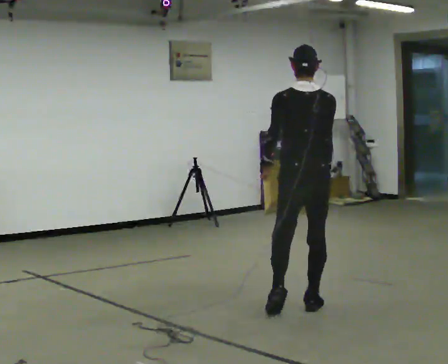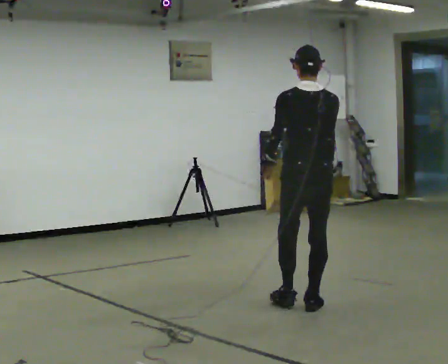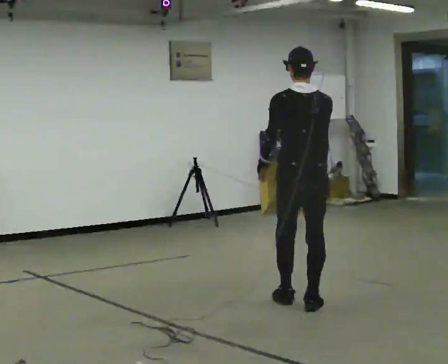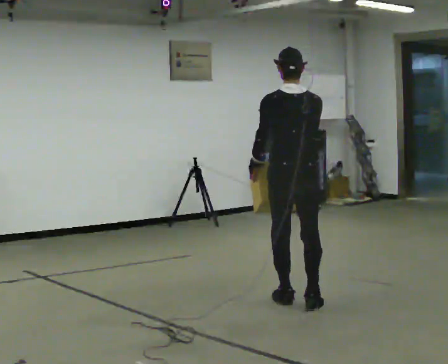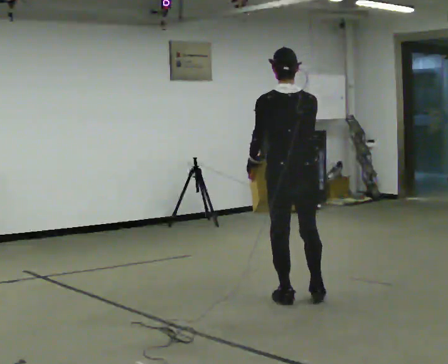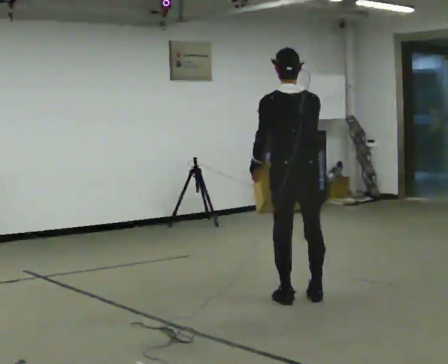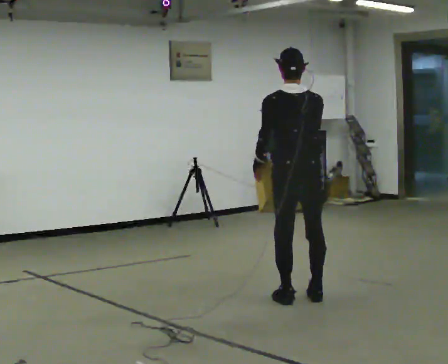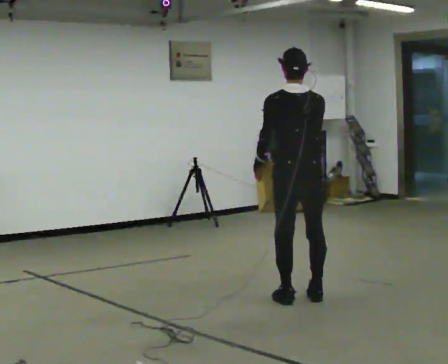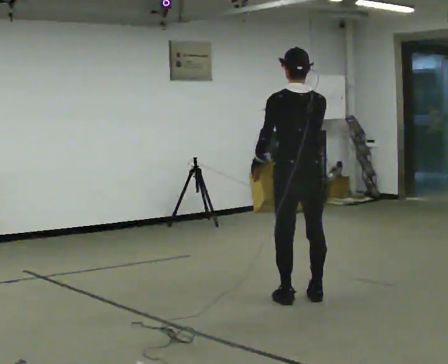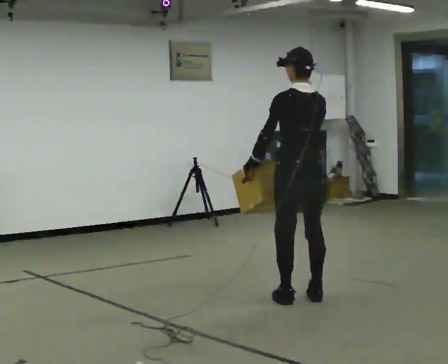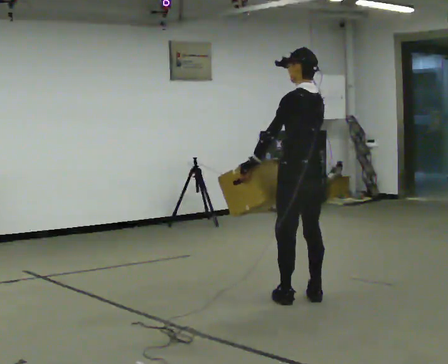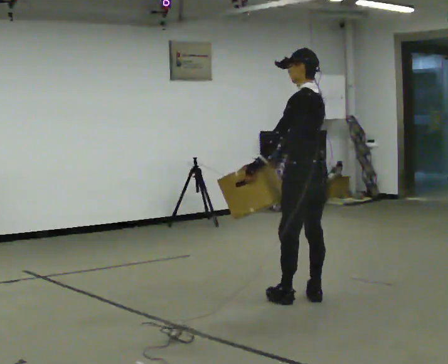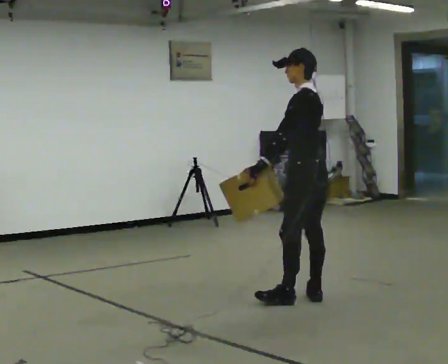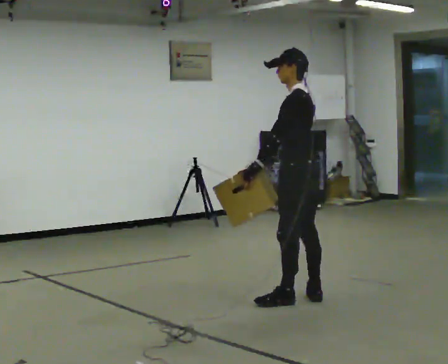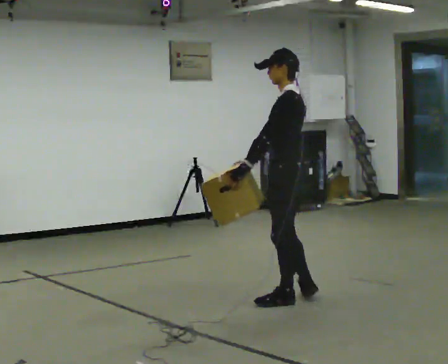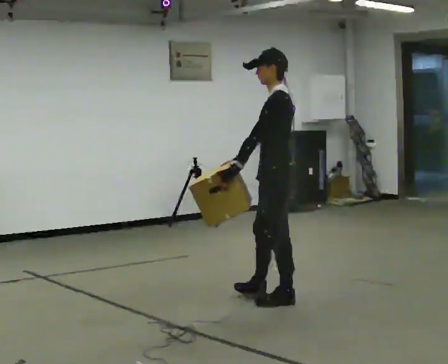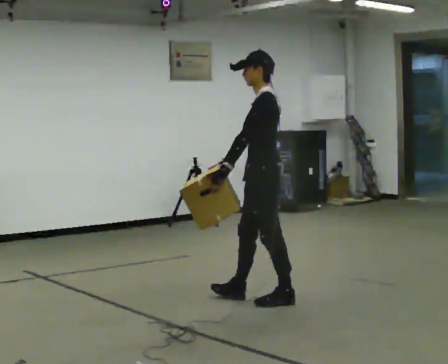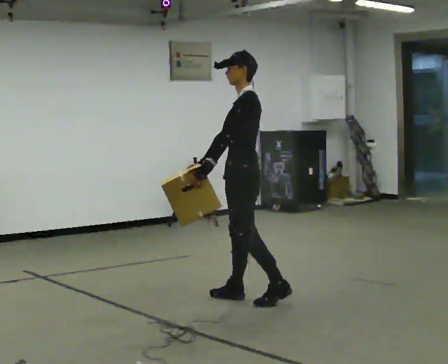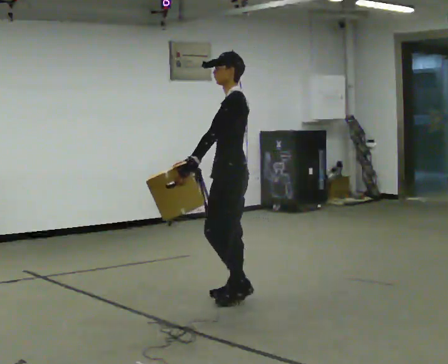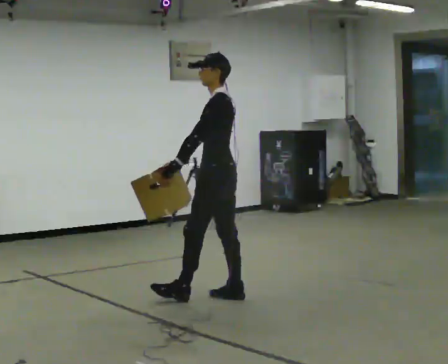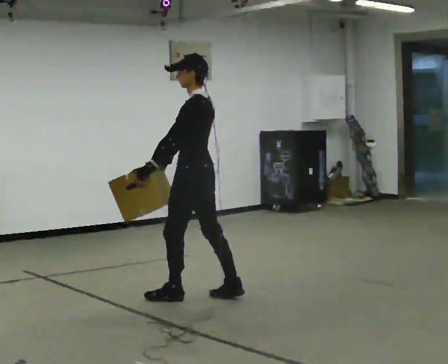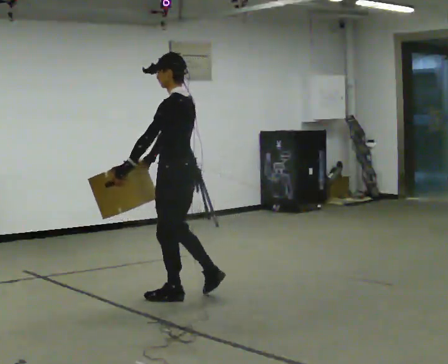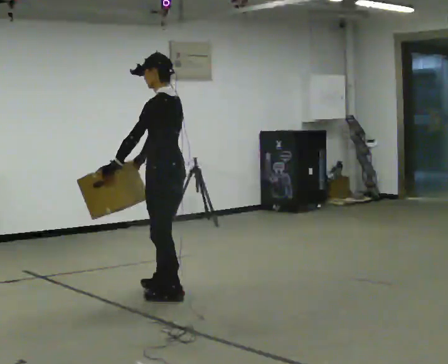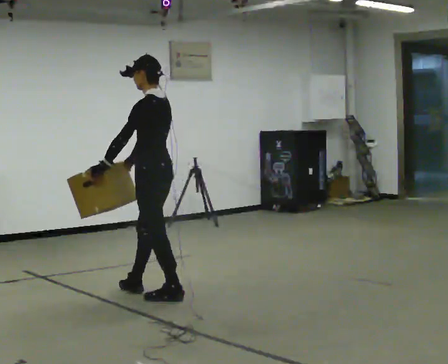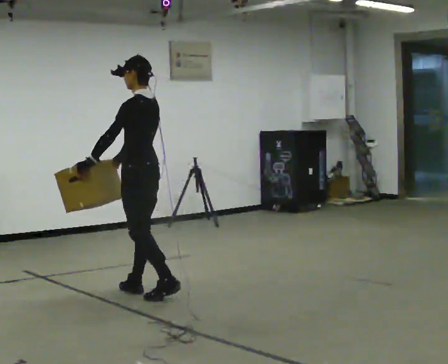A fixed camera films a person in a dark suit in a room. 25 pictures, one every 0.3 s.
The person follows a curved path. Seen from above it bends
counterclockwise.
The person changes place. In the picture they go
to the left.
0.0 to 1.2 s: In the picture they go away from the camera, about 0.25 m in 1 step, which for them is forward.
1.2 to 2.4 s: The person moves a little, or ends about where they began.
2.4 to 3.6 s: Seen from above the body turns counterclockwise, about 60 degrees: to their left, with its near side sliding to the right.
3.6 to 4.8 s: In the picture they go to the left, about 0.25 m in 1 step, which for them is forward.
4.8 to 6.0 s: In the picture they go to the left, about 0.5 m in 1 step, which for them is forward.
6.0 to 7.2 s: In the picture they go to the left, about 0.5 m in 1 step, which for them is forward.
The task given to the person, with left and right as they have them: Carry the heaviest box in both hands in front of you, walking back and forth across the room. Only carry what is comfortable. Set it down whenever you need to.
The film runs forward here.
